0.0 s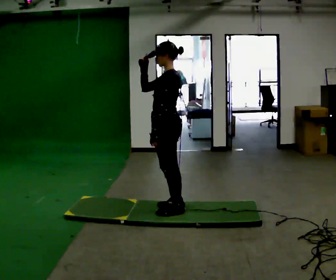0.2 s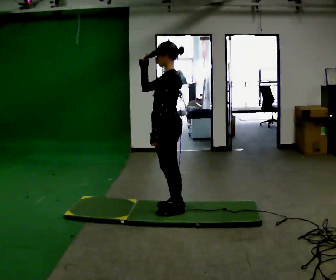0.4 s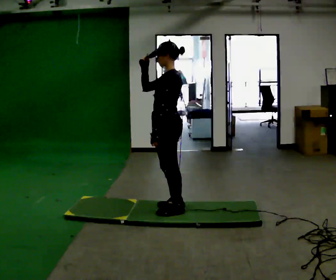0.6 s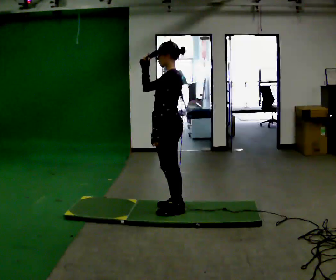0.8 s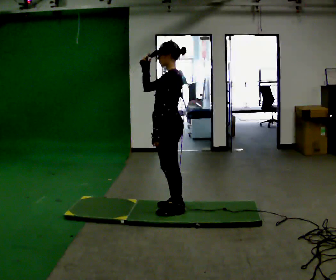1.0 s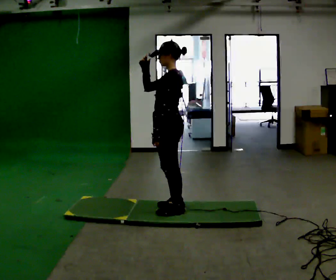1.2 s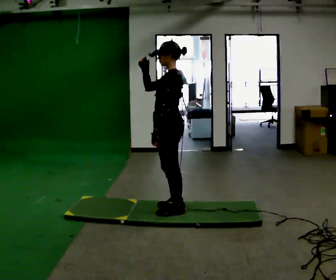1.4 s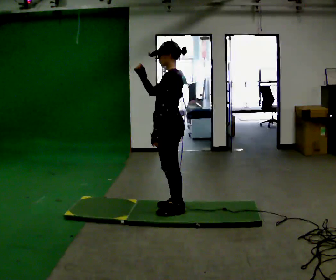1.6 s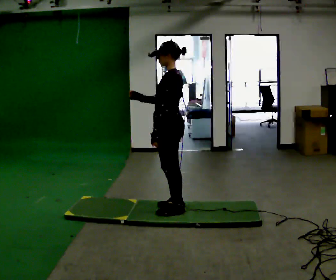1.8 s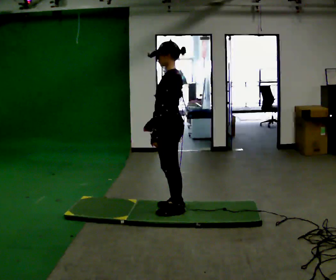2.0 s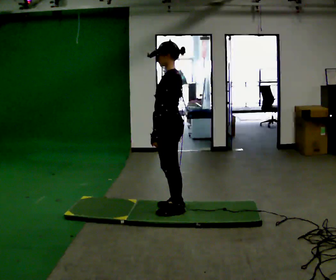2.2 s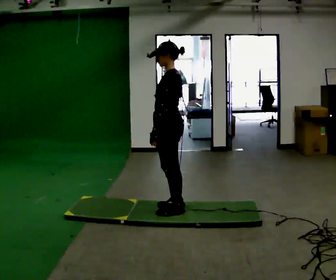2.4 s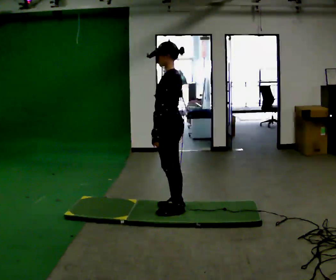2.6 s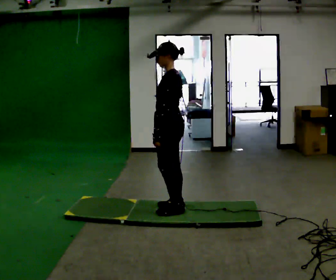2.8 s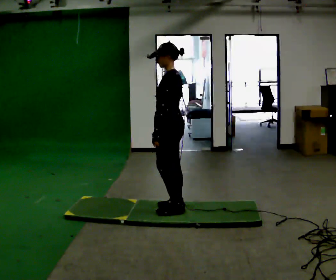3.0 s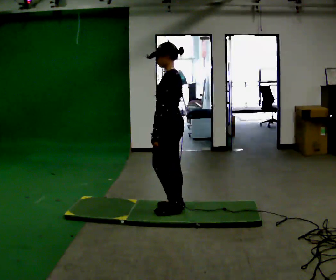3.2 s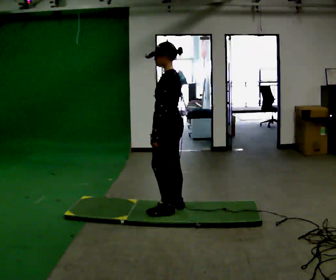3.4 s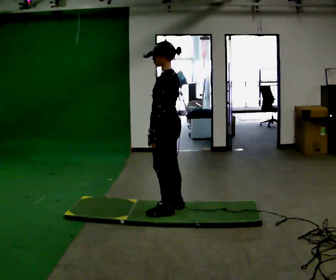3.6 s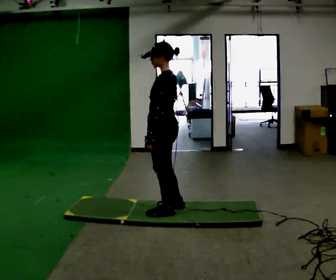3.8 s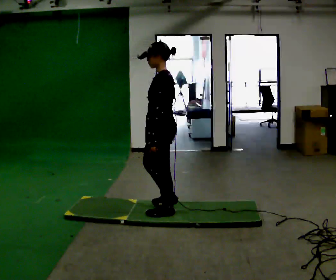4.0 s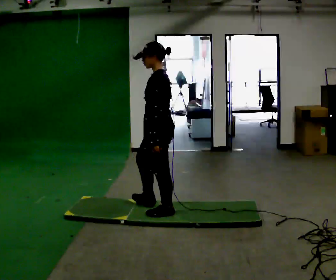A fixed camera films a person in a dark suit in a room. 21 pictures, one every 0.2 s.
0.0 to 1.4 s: The person moves a little, or ends about where they began.
1.4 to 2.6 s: In the picture their right hand goes downward.
2.6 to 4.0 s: The person moves a little, or ends about where they began.
The film runs backward here.
